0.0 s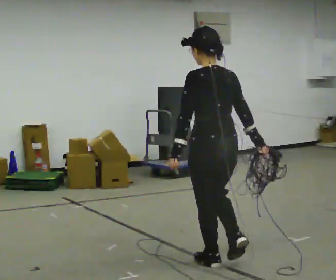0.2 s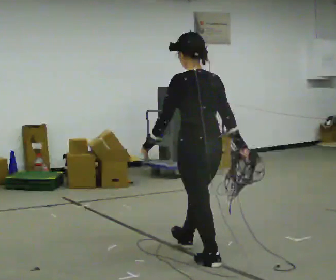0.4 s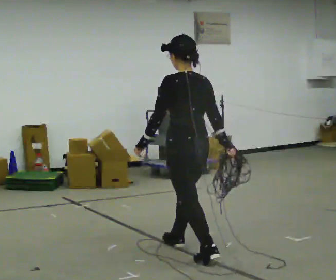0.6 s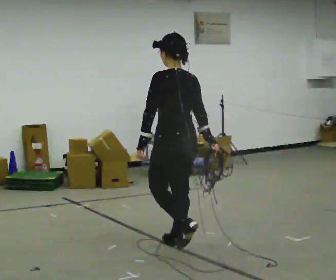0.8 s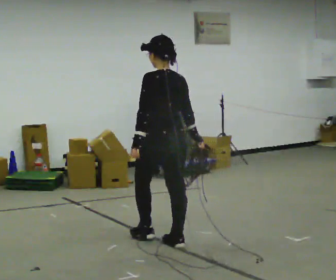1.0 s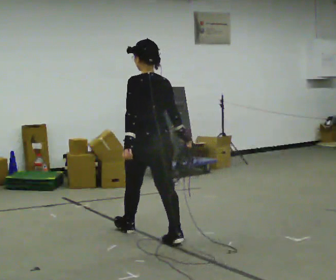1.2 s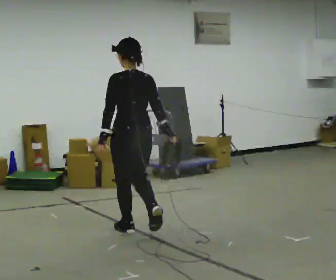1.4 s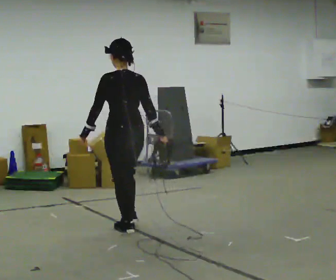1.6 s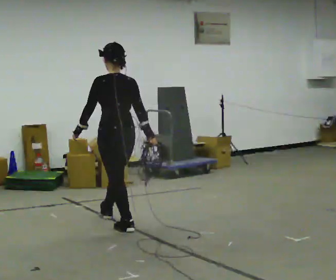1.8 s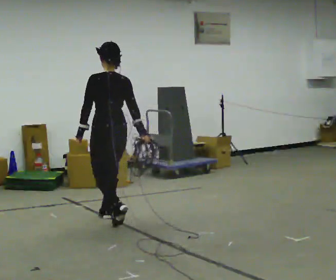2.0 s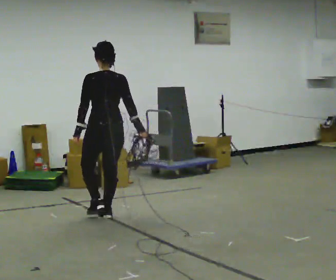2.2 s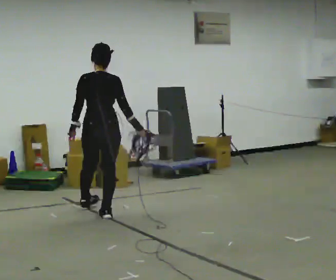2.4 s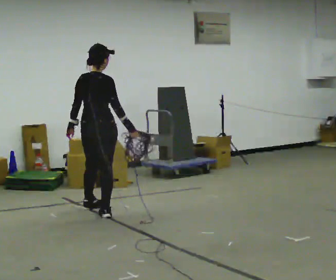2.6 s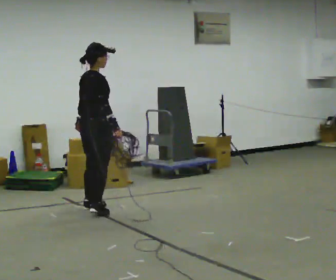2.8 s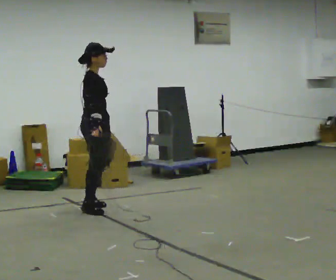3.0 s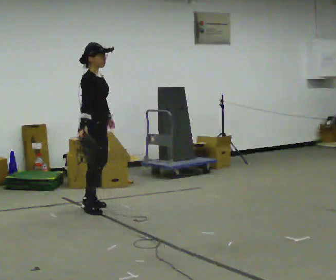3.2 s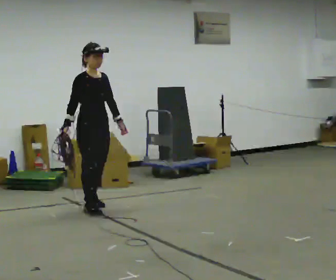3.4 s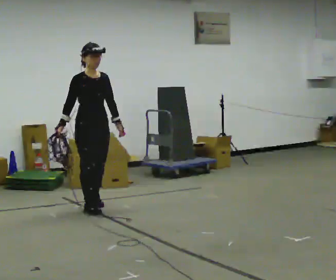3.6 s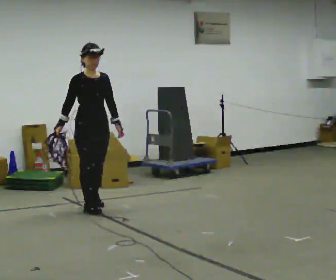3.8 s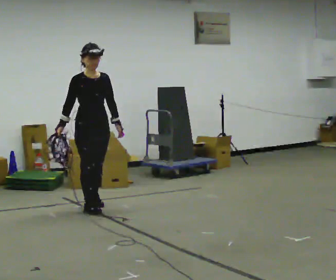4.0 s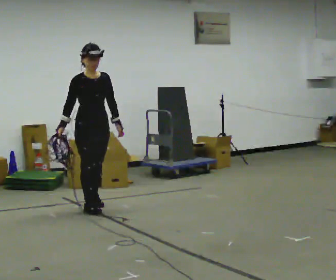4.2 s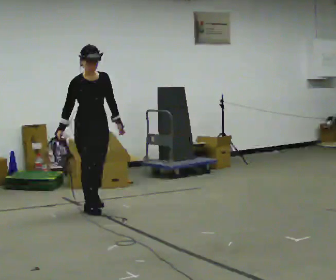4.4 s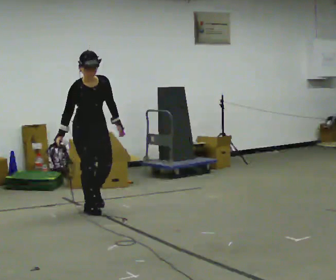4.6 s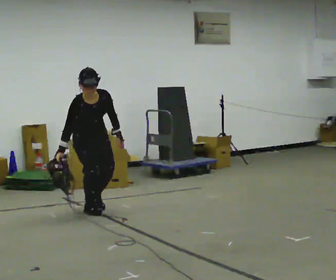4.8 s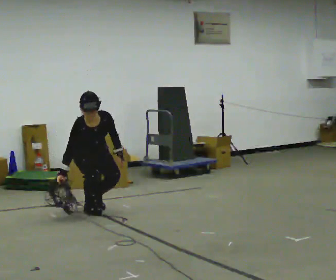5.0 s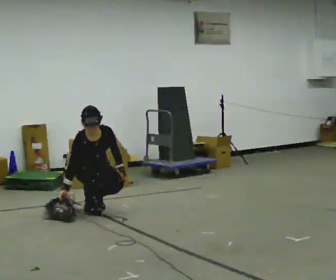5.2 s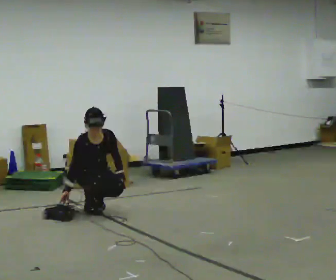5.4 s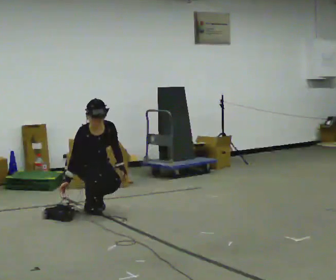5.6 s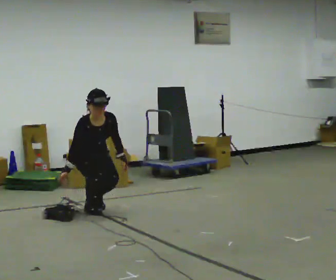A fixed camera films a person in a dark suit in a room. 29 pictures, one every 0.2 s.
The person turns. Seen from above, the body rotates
clockwise.
The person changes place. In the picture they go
away from the camera.
0.0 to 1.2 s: In the picture they go away from the camera and to the left, about 1 m in 2 steps, which for them is forward.
1.2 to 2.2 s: The part of the body nearest the lens slides to the left as the person turns to their right by about 30 degrees. In the picture they go away from the camera and to the left, about 0.5 m in 1 step, which for them is forward.
2.2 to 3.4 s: The part of the body nearest the lens slides to the left as the person turns to their right by about 135 degrees. In the picture they go away from the camera, about 0.25 m in 3 steps.
3.4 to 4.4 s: The upper body tips toward the camera, its near side rolling downward, as they bend forward.
4.4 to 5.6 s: The person moves a little, or ends about where they began.
The film runs forward here.
